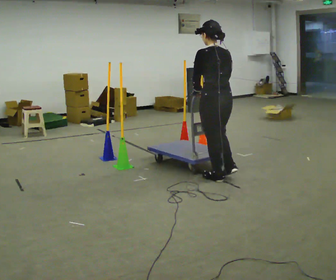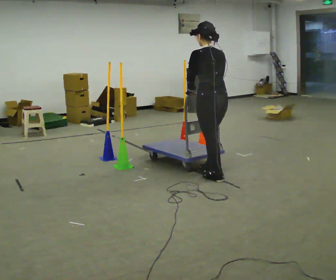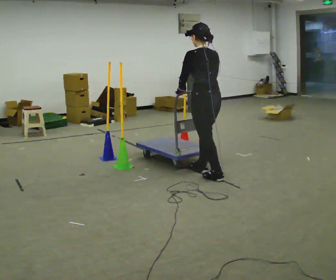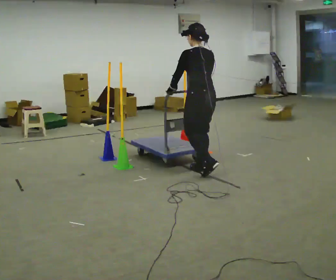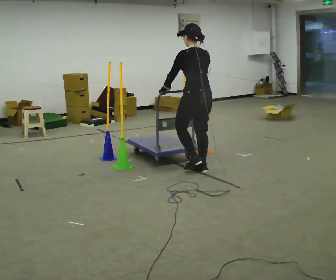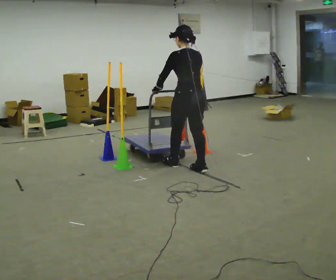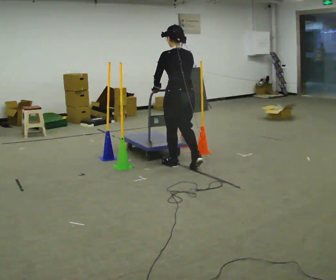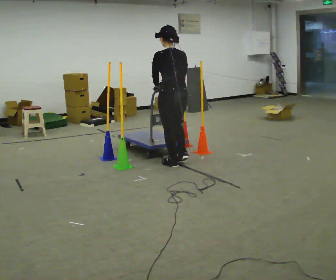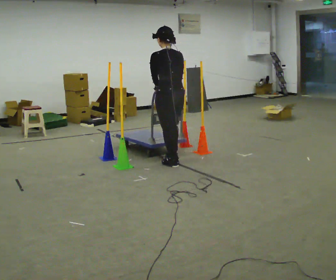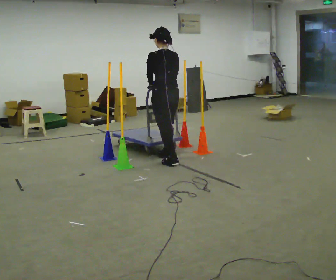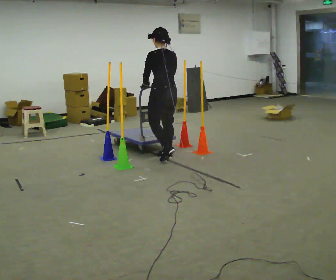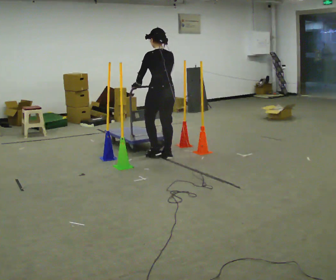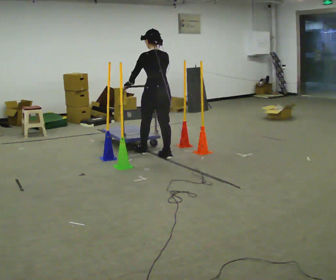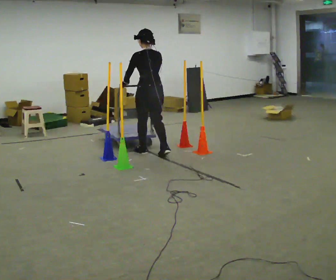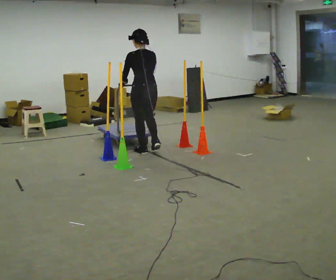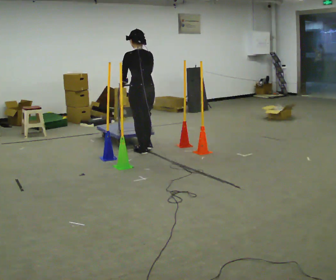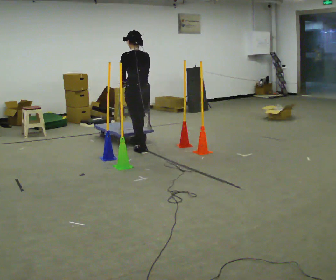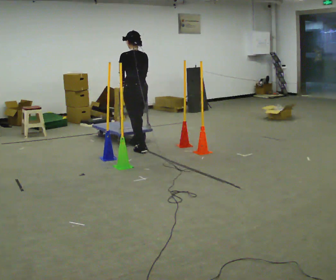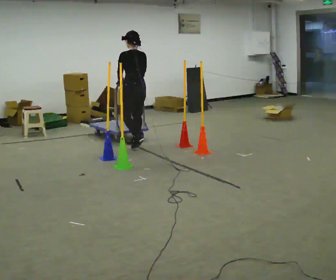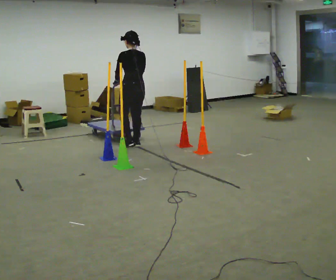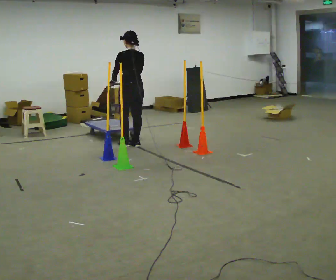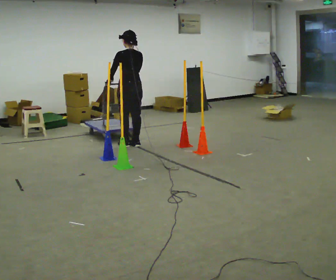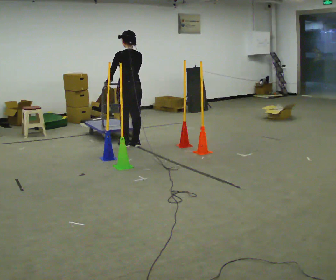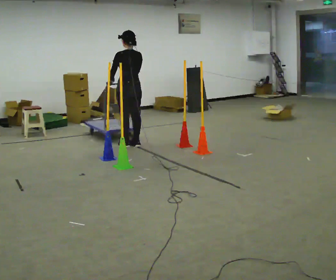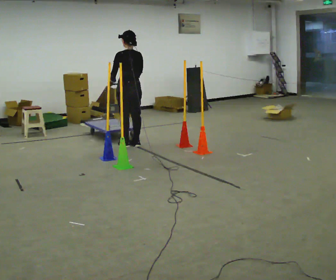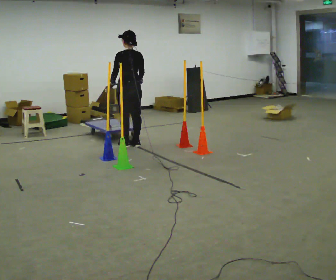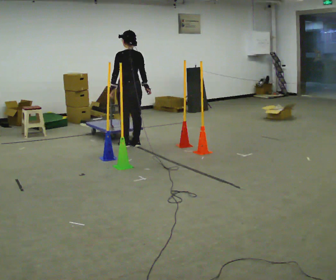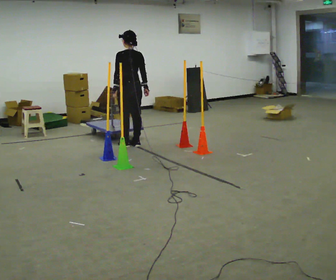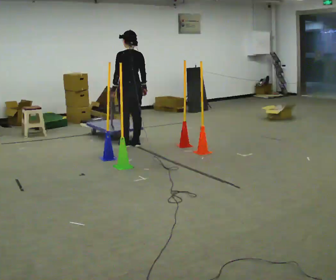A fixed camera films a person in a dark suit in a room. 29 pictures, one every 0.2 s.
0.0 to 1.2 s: In the picture they go away from the camera and to the left, about 0.5 m in 2 steps, which for them is forward.
1.2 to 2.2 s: In the picture they go away from the camera and to the left, about 0.5 m in 1 step, which for them is forward.
2.2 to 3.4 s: In the picture they go away from the camera and to the left, about 0.5 m in 2 steps, which for them is forward.
3.4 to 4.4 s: In the picture they go away from the camera, about 0.25 m in 1 step, which for them is forward.
4.4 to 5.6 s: The person moves a little, or ends about where they began.
The film runs forward here.
